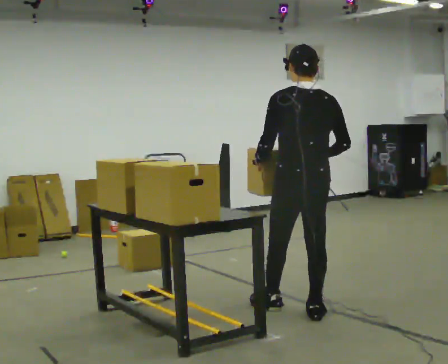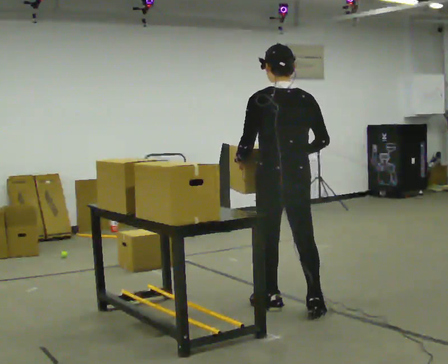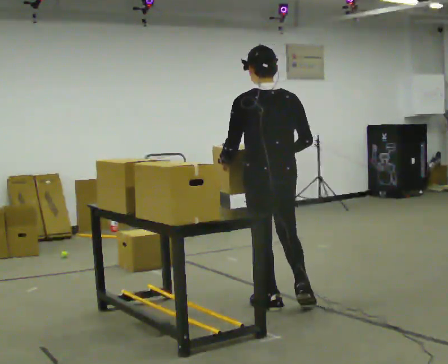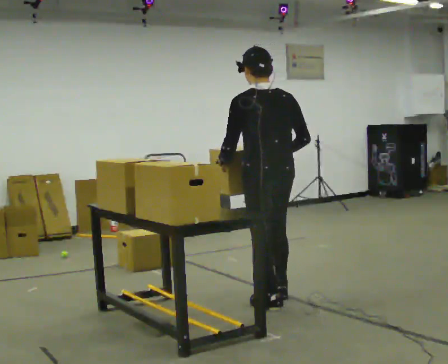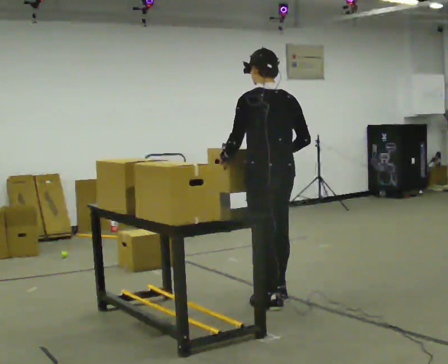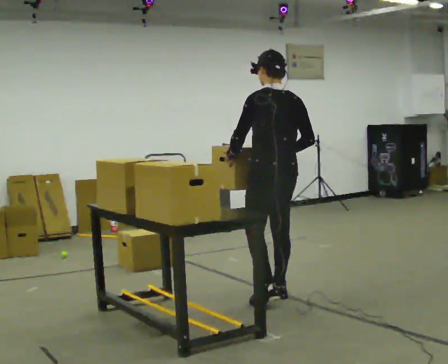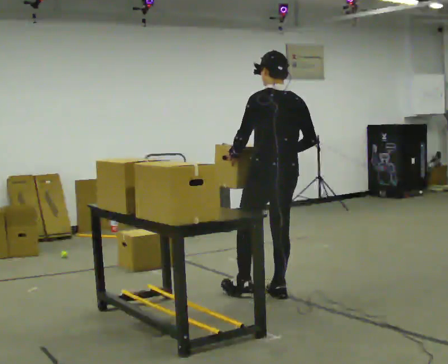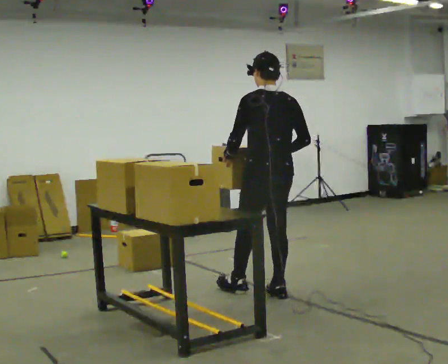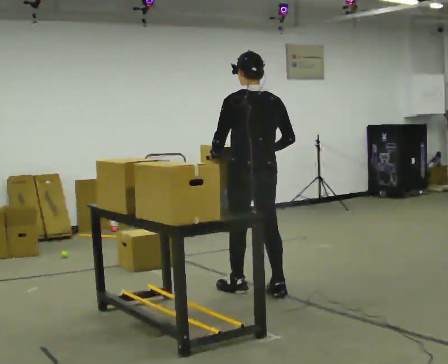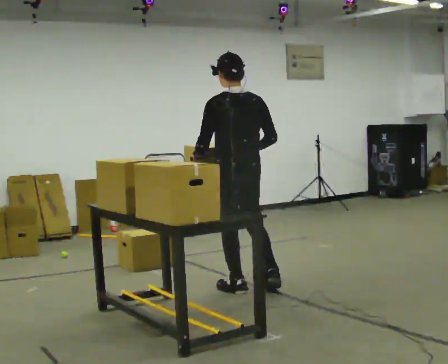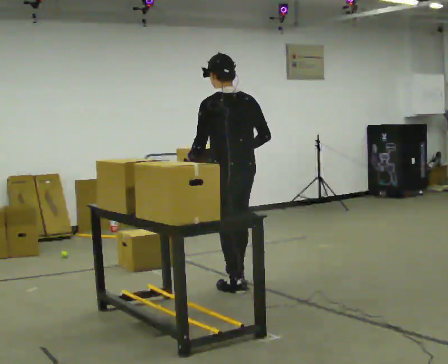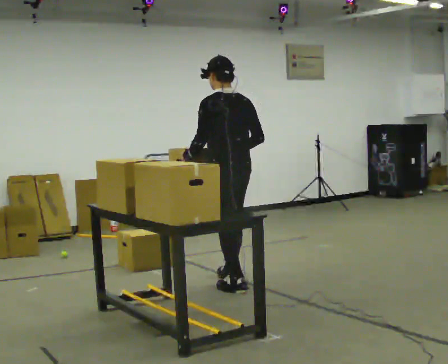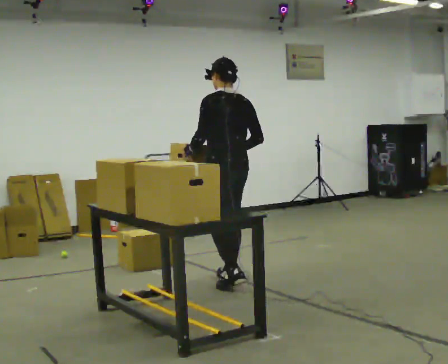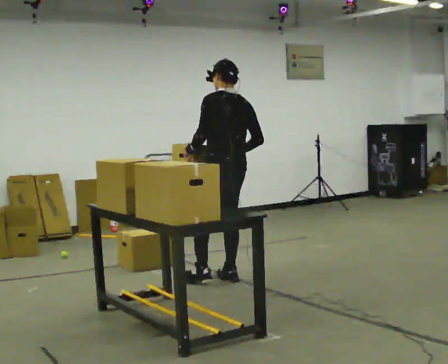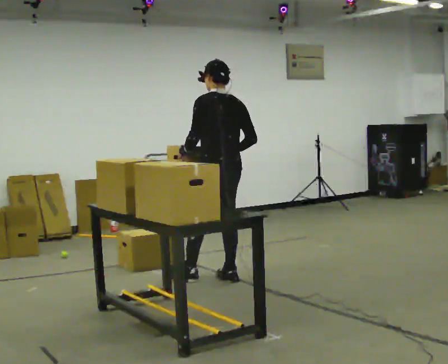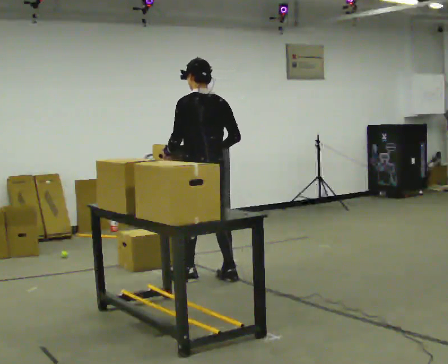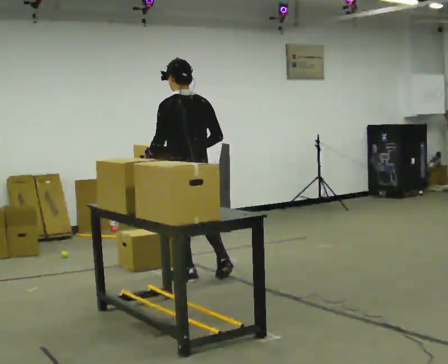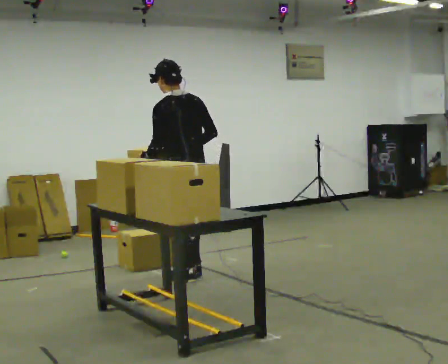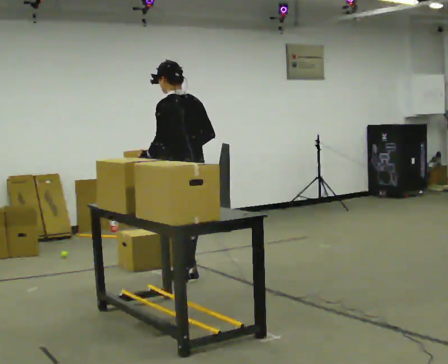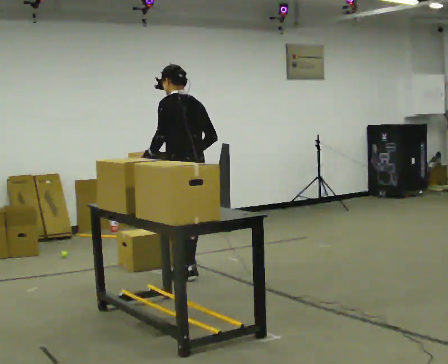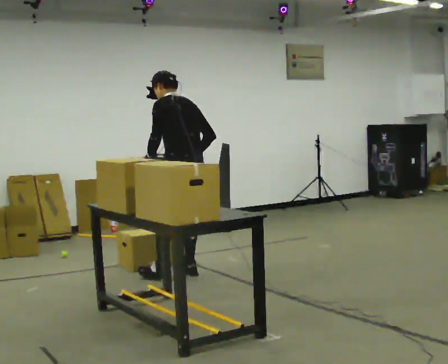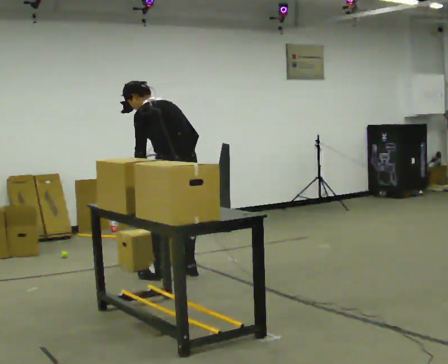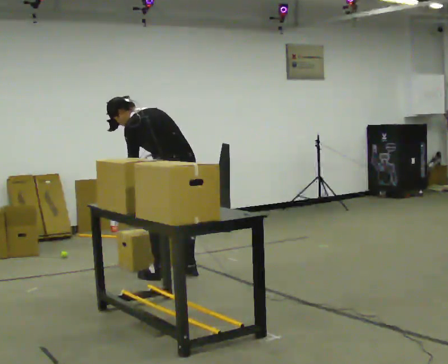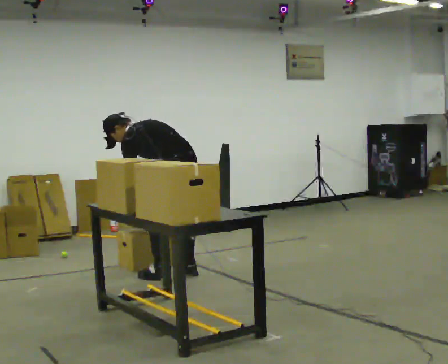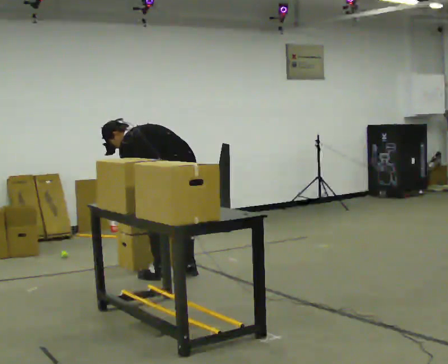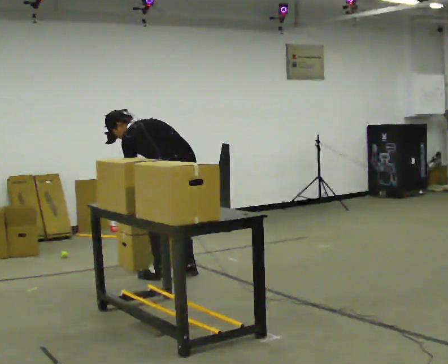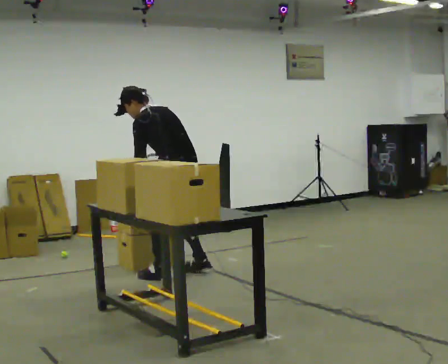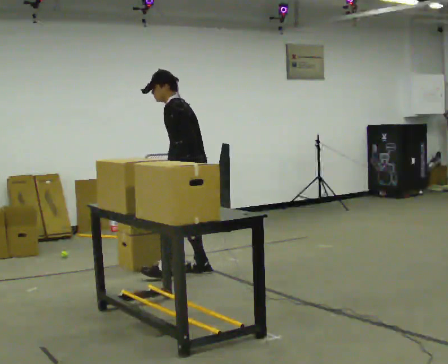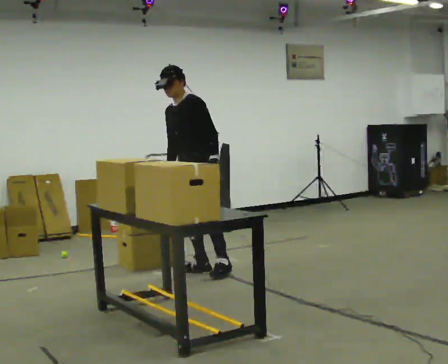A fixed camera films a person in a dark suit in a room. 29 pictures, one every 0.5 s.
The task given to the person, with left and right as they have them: Take an object off the waist-height shelf, carry it across the room, and set it down on the floor. Keep going until the operator says stop; one object at a time, and do not rush between trips.
0.0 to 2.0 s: In the picture they go away from the camera and to the left, about 0.25 m in 1 step, which for them is forward.
2.0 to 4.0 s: In the picture they go away from the camera, about 0.25 m in 1 step, which for them is forward.
4.0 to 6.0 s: In the picture they go away from the camera and to the left, about 0.5 m in 1 step, which for them is forward.
6.0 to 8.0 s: In the picture they go to the left, about 0.25 m in 1 step, which for them is forward and to their left.
8.0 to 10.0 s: In the picture they go away from the camera, about 0.25 m in 2 steps, which for them is forward. The upper body tips away from the camera, its near side rolling upward, as they bend forward.
10.0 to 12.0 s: The shoulders move downward. In the picture the upper body tilts counterclockwise, shoulders to the left, as they bend forward. In the picture their left hand goes downward.
12.0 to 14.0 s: Seen from above the body turns counterclockwise, about 75 degrees: to their left, with its near side sliding to the right. In the picture they go away from the camera and to the right, about 0.25 m. The upper body goes upward. The upper body tips toward the camera, its near side rolling downward, as they lean back or straighten. In the picture their left hand goes upward, the arm swinging counterclockwise.
The film runs forward here.
